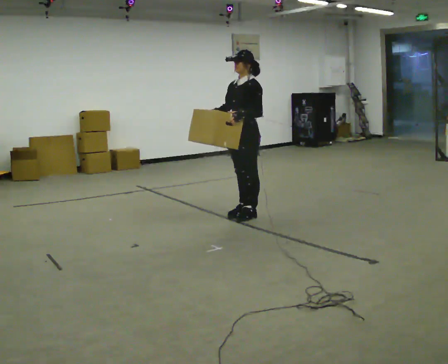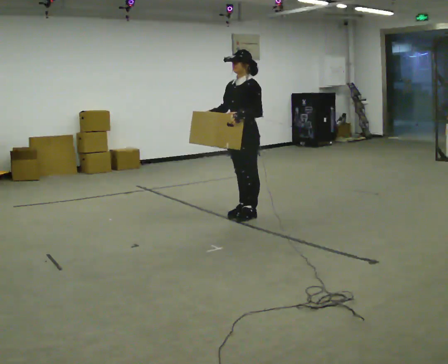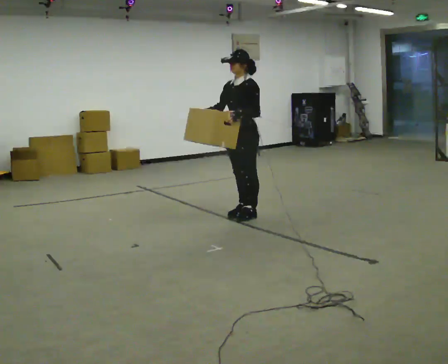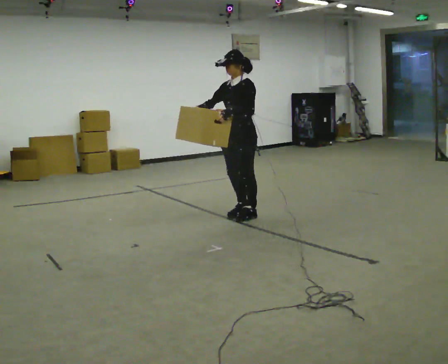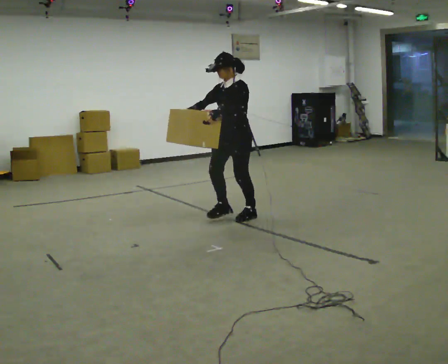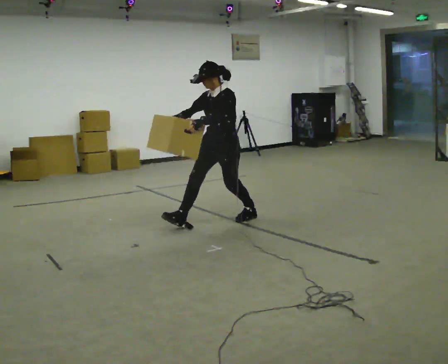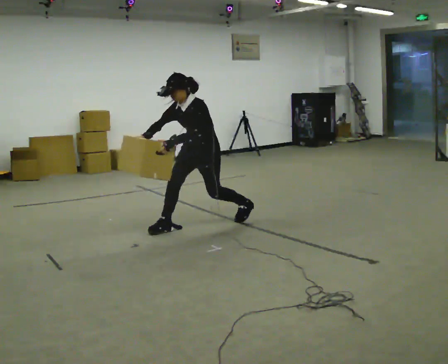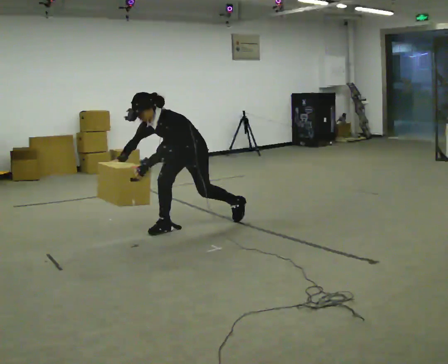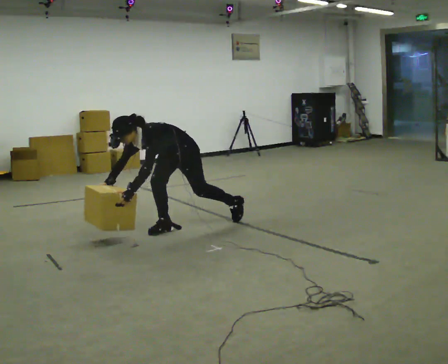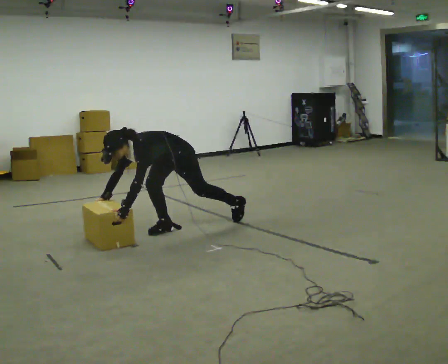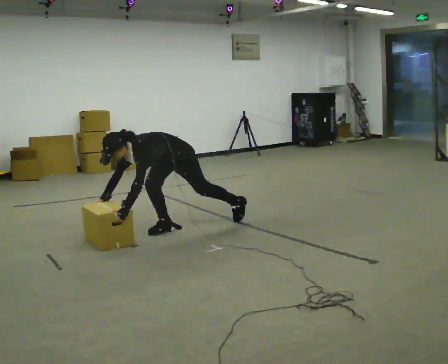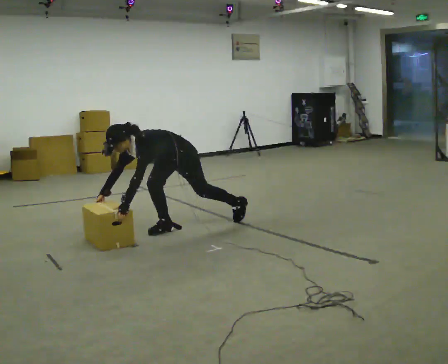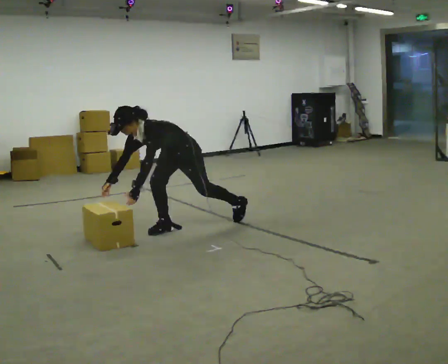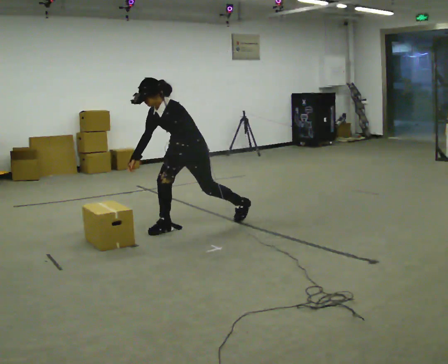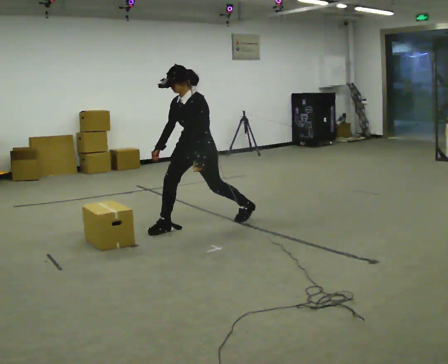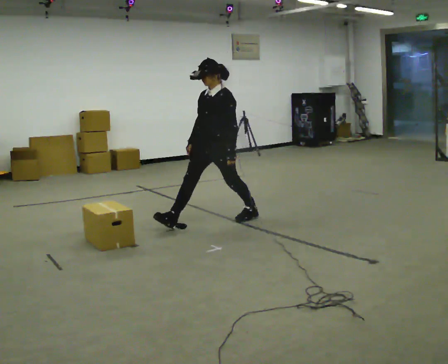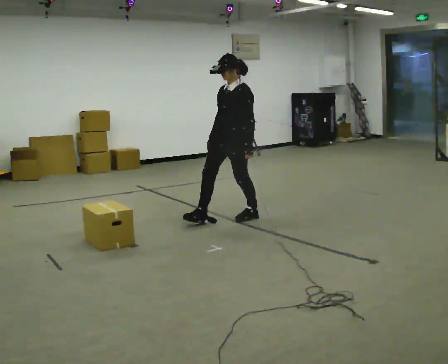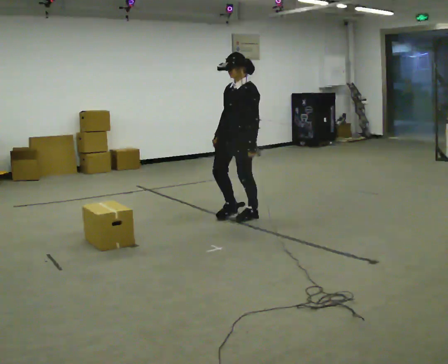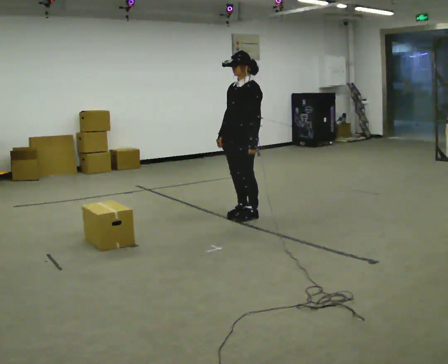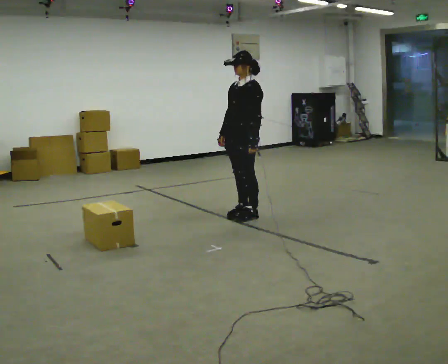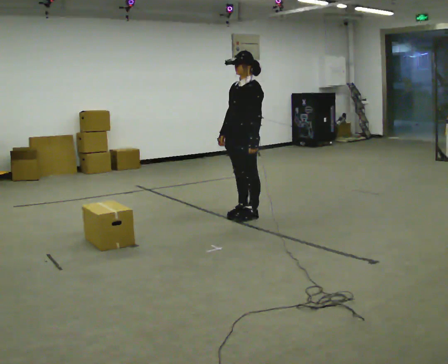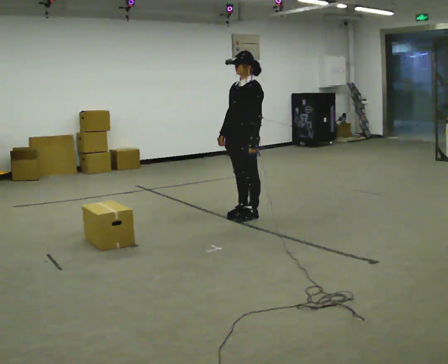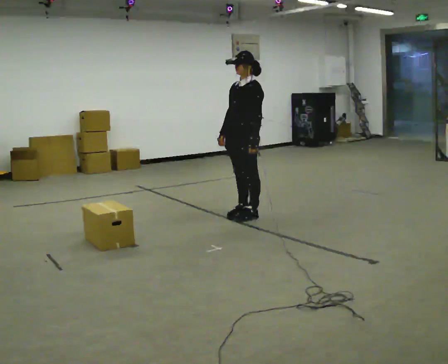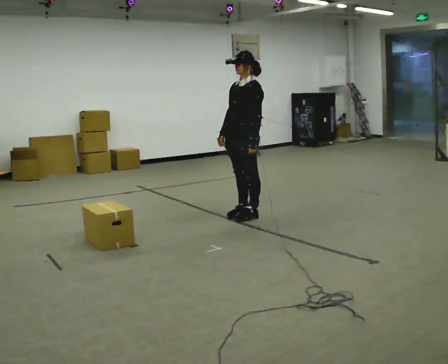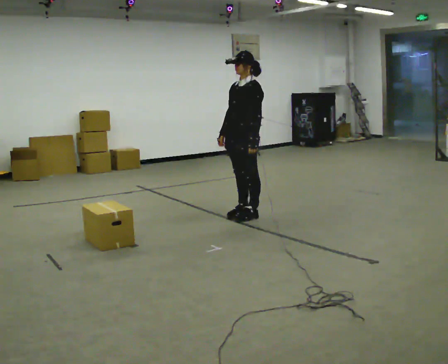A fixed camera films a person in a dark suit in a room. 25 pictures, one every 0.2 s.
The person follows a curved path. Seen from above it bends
counterclockwise.
0.0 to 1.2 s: In the picture they go to the left and toward the camera, about 0.5 m in 1 step, which for them is forward. The upper body goes downward. In the picture the upper body tilts counterclockwise, shoulders to the left, as they bend forward.
1.2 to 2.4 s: In the picture they go to the left, about 0.25 m, which for them is forward. In the picture their left hand goes downward.
2.4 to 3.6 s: In the picture they go to the right and away from the camera, about 0.75 m in 2 steps, which for them is backward. The shoulders move upward. In the picture the upper body tilts clockwise, shoulders to the right, as they lean back or straighten. In the picture their right hand goes upward.
3.6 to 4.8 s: The person moves a little, or ends about where they began.
The film runs backward here.
